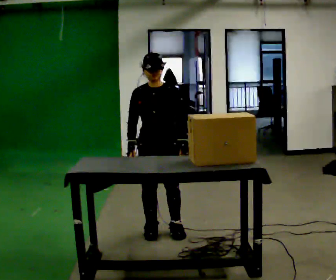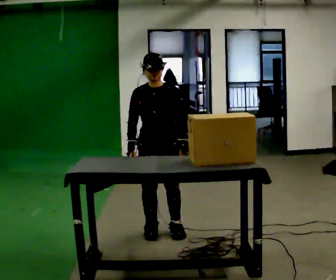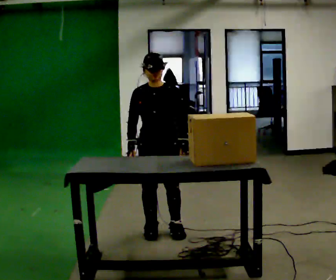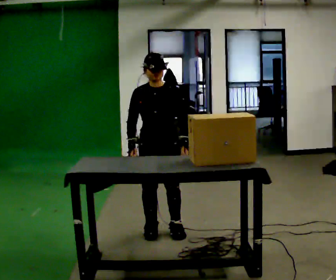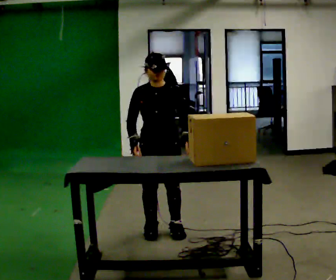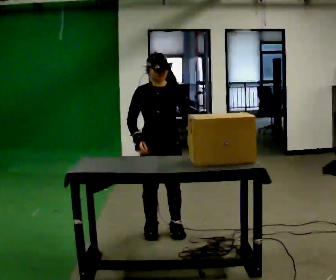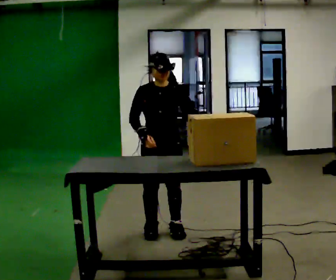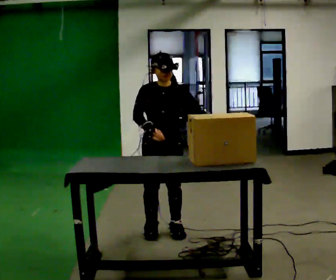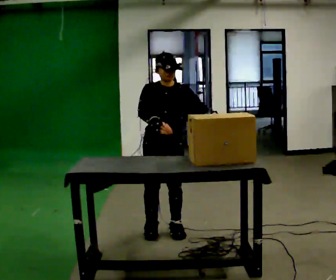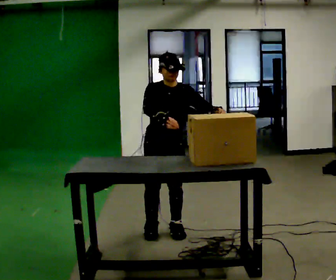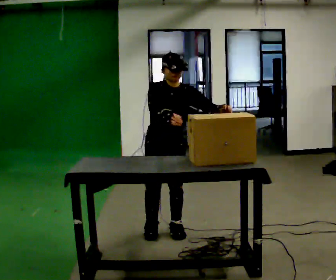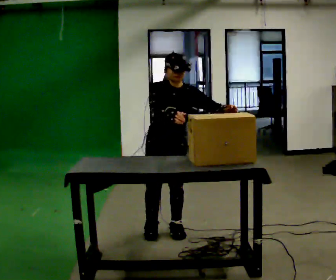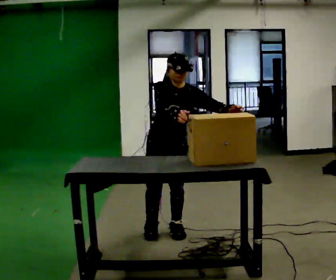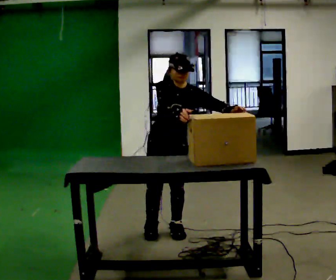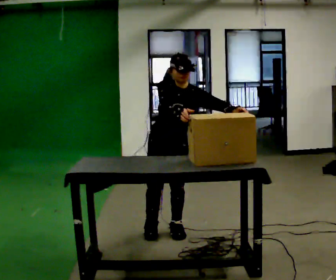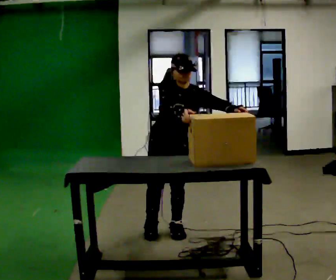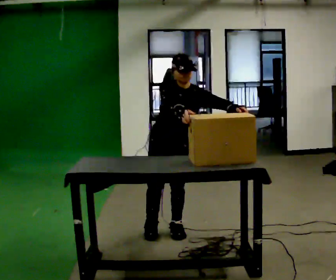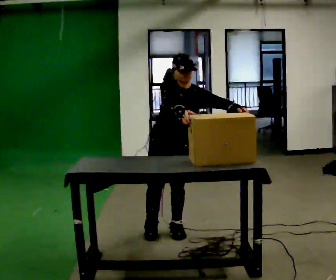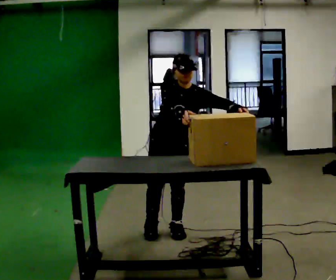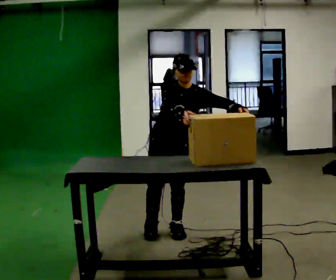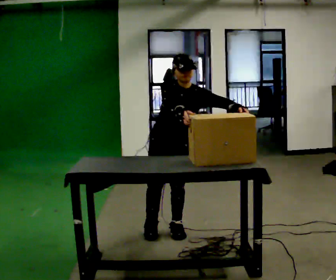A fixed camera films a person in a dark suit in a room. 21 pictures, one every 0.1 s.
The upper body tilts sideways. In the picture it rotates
clockwise.
0.0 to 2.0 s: In the picture the upper body tilts clockwise, shoulders to the right. In the picture their right hand goes to the right.
The film runs forward here.
